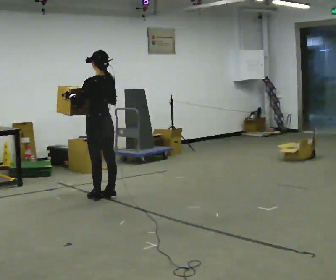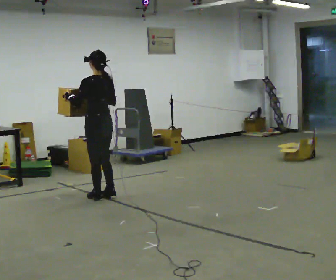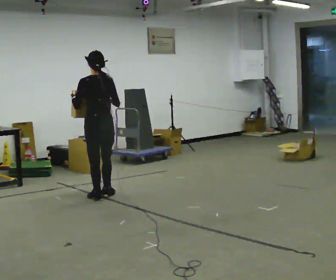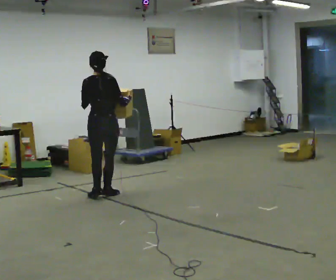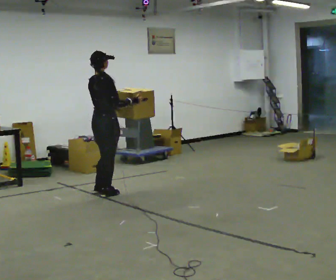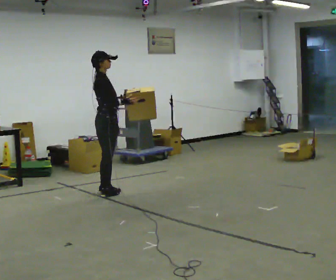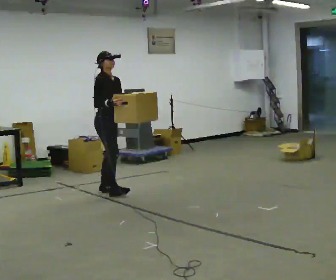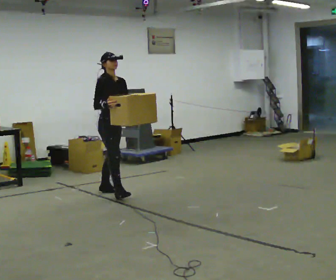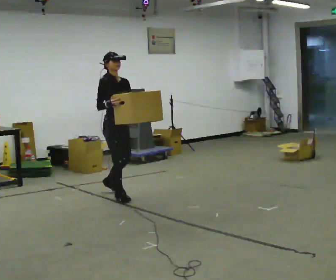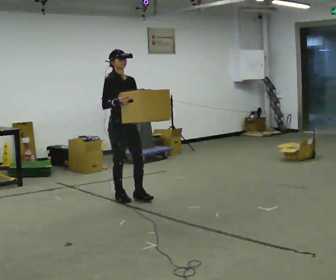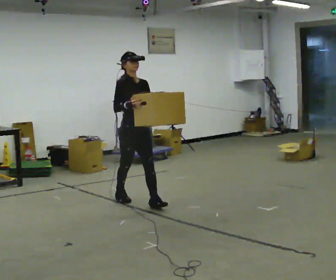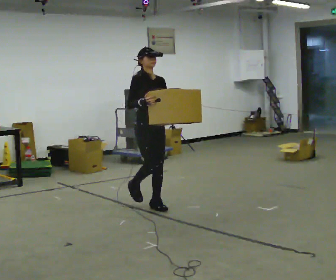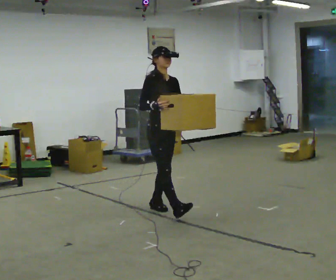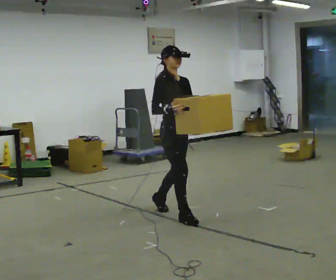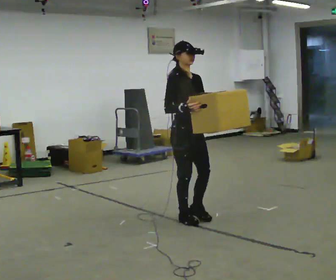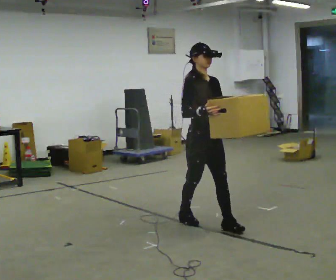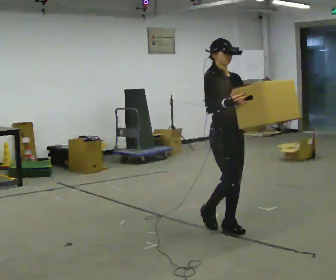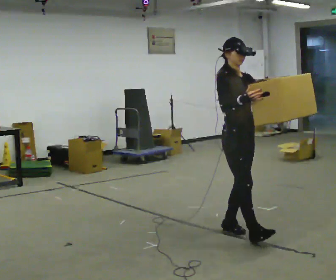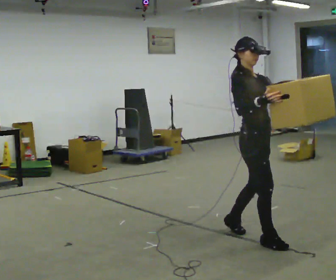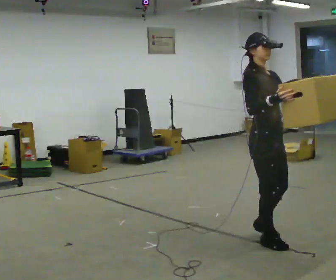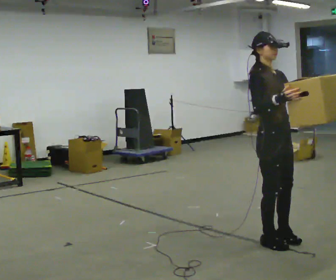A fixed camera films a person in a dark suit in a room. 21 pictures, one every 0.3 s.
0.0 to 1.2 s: The person turns about 90 degrees to their right, clockwise seen from above, so the part of the body nearest the lens slides to the left. In the picture their right hand goes to the right.
1.2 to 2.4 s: Seen from above the body turns clockwise, about 75 degrees: to their right, with its near side sliding to the left.
2.4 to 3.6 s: In the picture they go toward the camera and to the right, about 1 m in 1 step, which for them is forward.
3.6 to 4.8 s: In the picture they go toward the camera and to the right, about 1 m in 2 steps, which for them is forward.
4.8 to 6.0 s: In the picture they go toward the camera and to the right, about 0.5 m in 2 steps, which for them is forward.
The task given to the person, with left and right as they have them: Carry the heavy box in both hands in front of you, walking back and forth across the room. Keep walking until the operator says stop. Set it down if you need a rest.
The film runs forward here.
